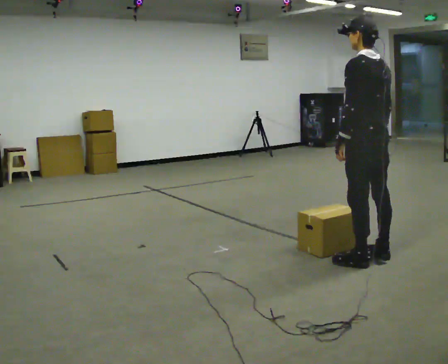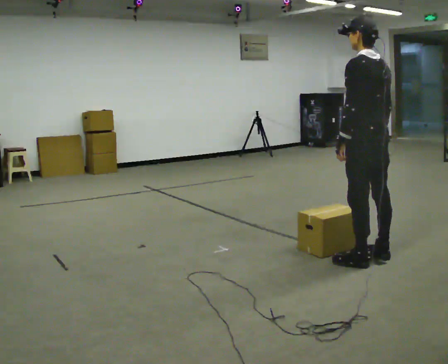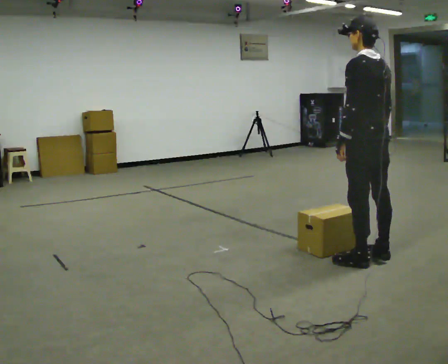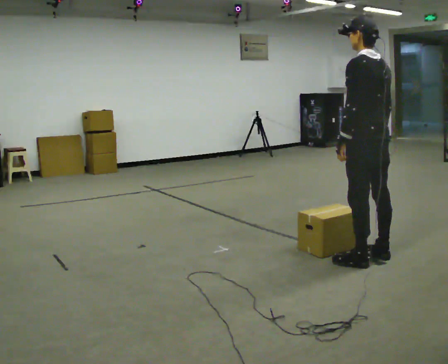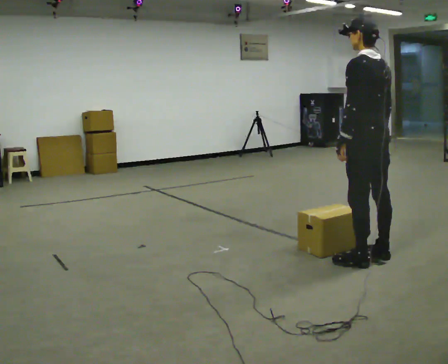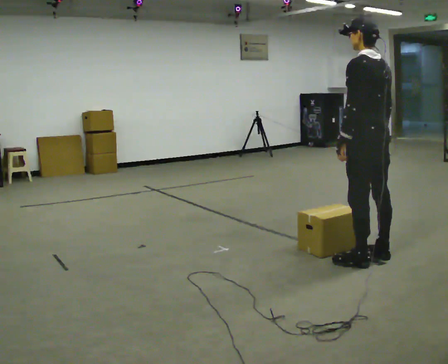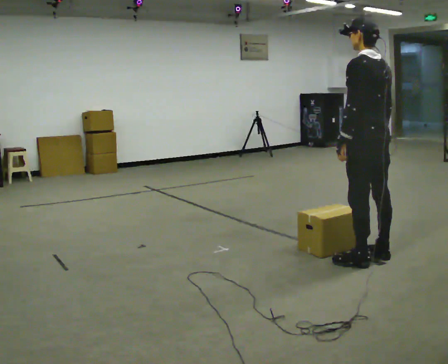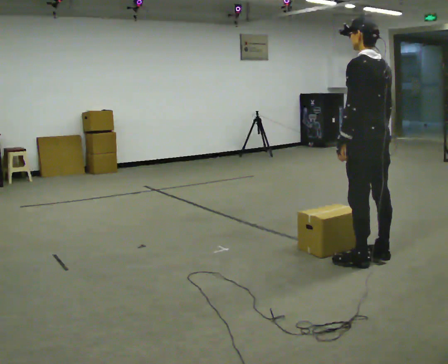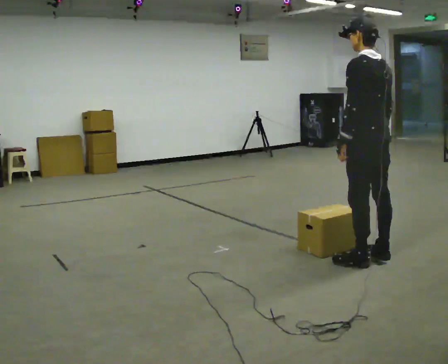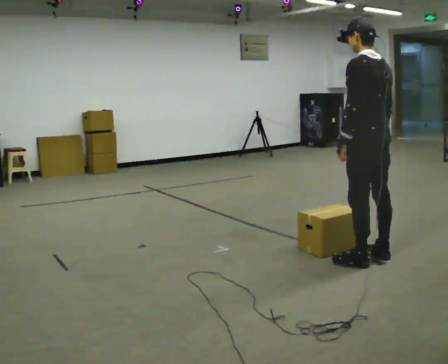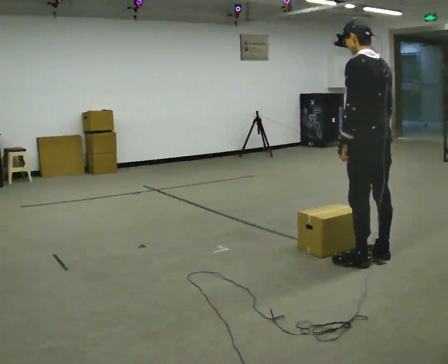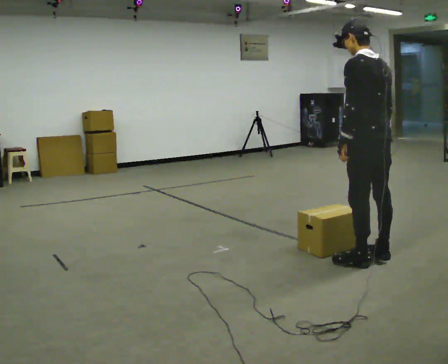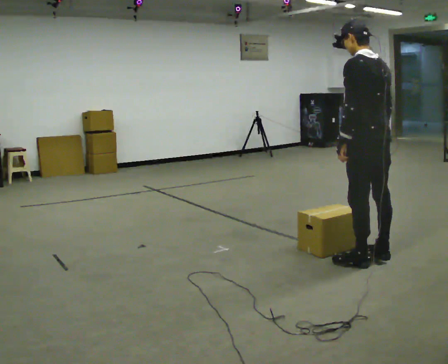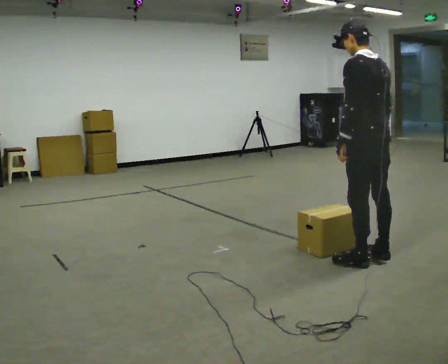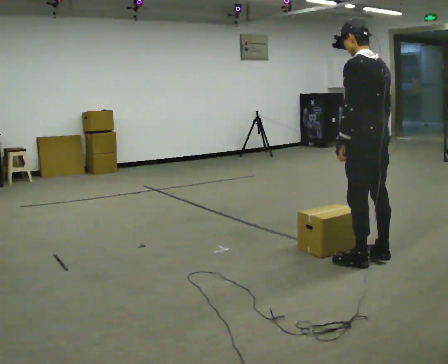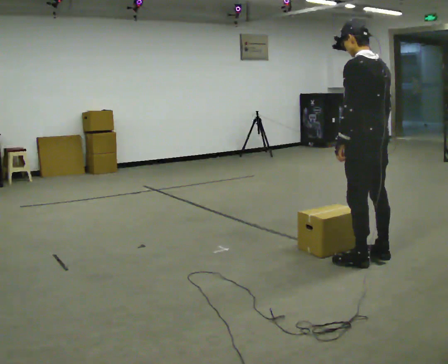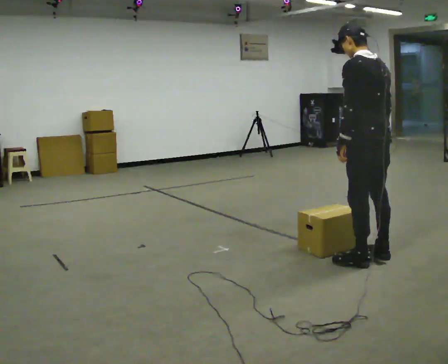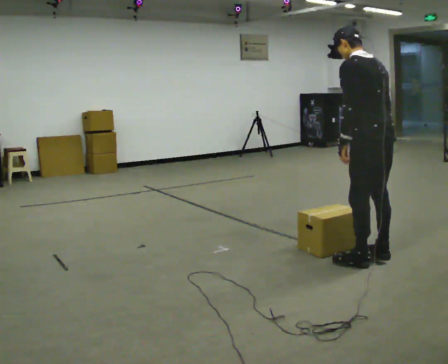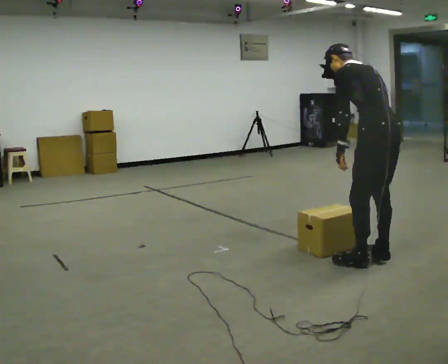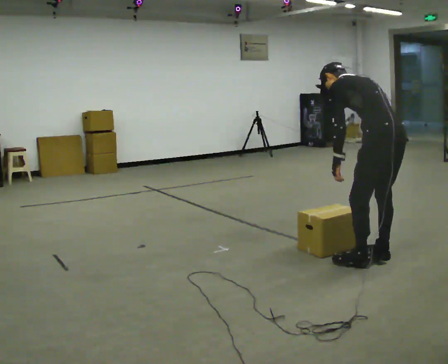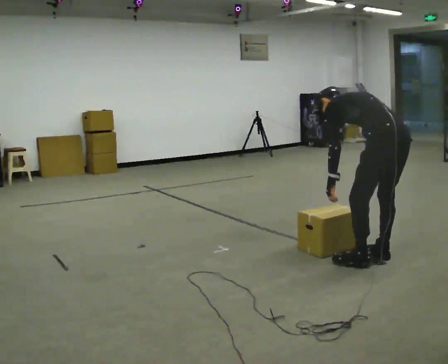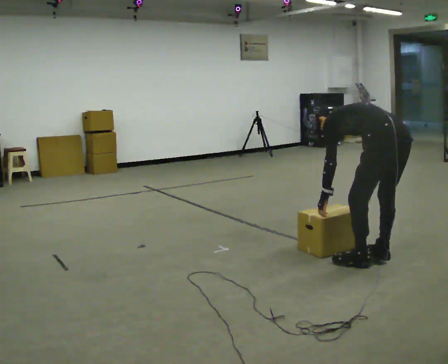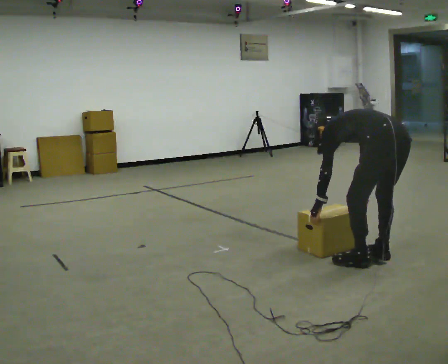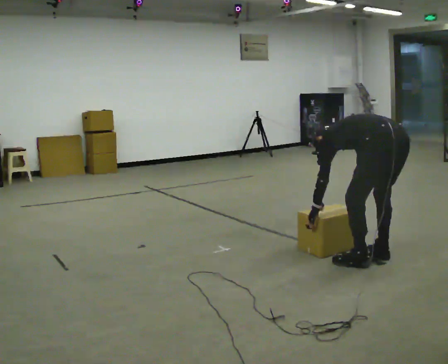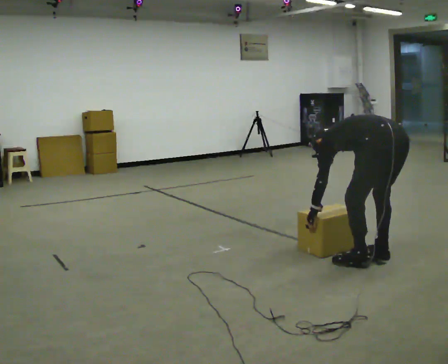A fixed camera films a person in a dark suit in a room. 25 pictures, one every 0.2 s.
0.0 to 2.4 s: The person keeps their place and pose.
2.4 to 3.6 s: In the picture the upper body tilts counterclockwise, shoulders to the left, as they bend forward.
3.6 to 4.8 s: The upper body goes downward. In the picture the upper body tilts counterclockwise, shoulders to the left, as they bend forward. In the picture their left hand goes downward.
The film runs forward here.
